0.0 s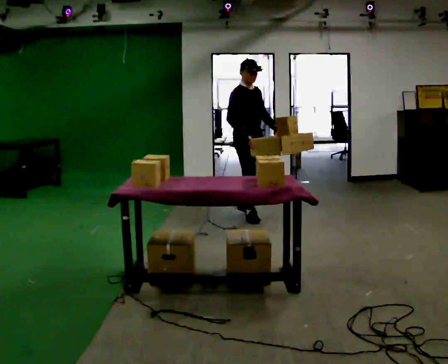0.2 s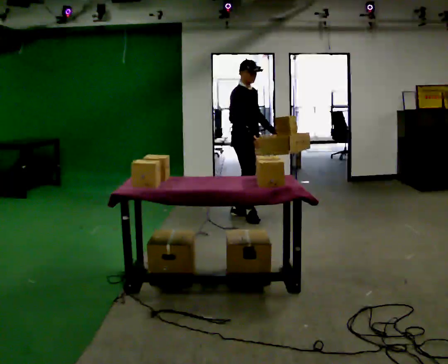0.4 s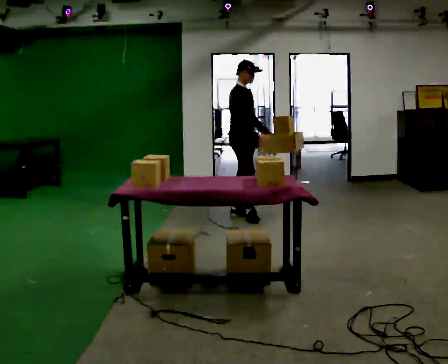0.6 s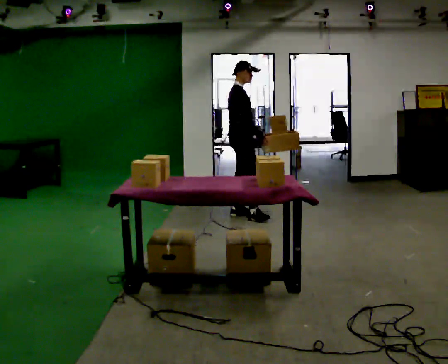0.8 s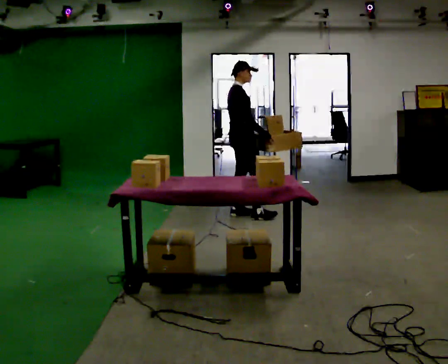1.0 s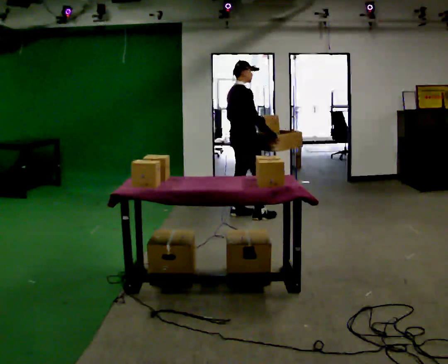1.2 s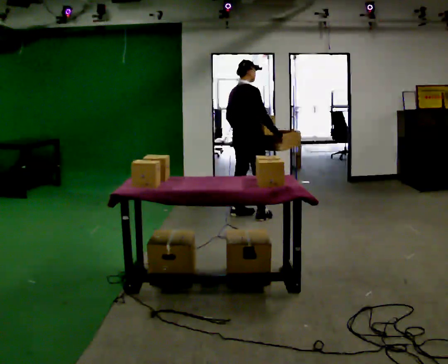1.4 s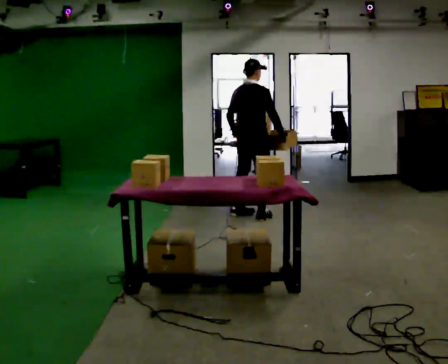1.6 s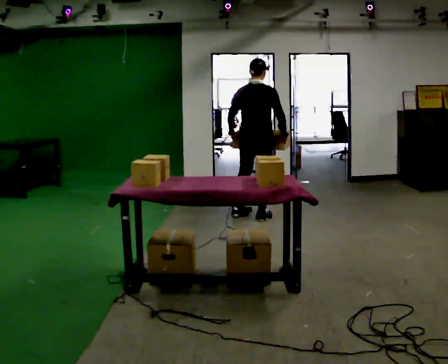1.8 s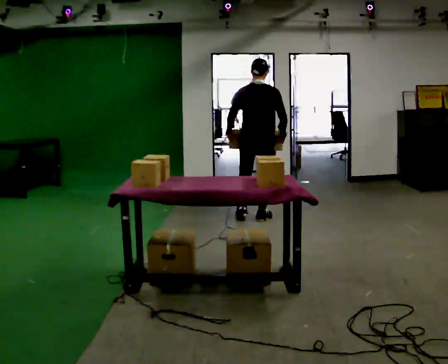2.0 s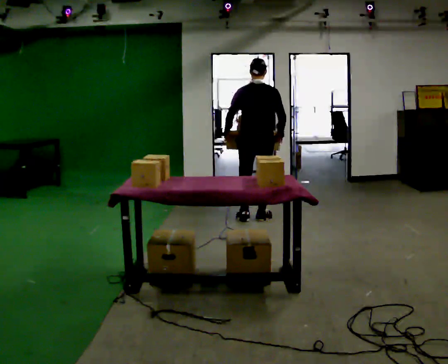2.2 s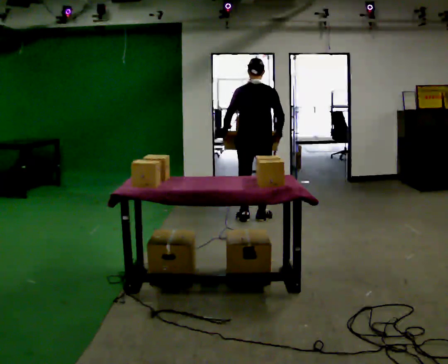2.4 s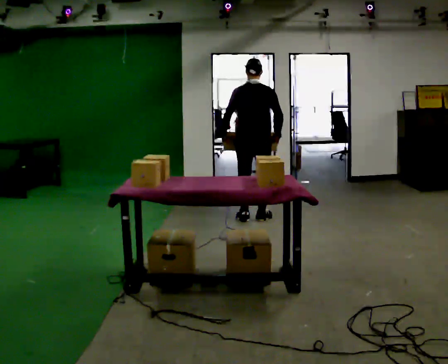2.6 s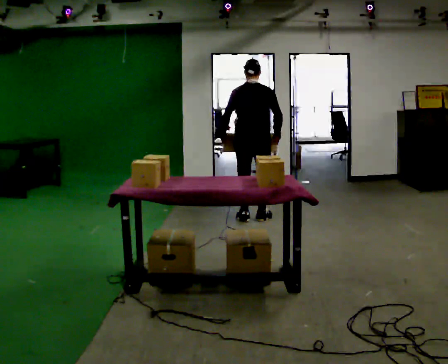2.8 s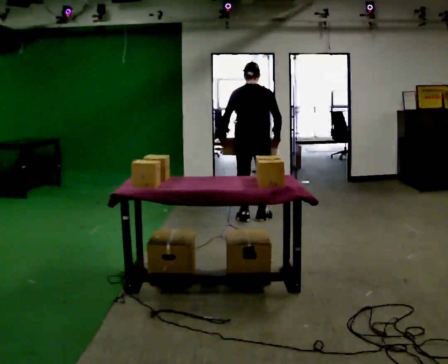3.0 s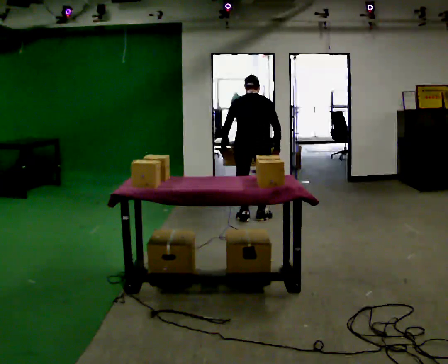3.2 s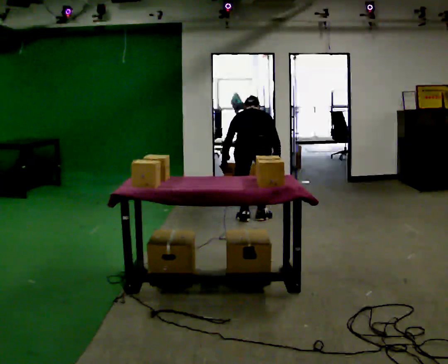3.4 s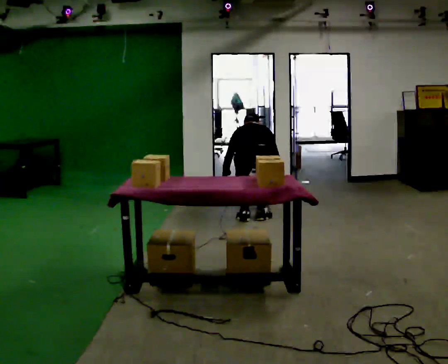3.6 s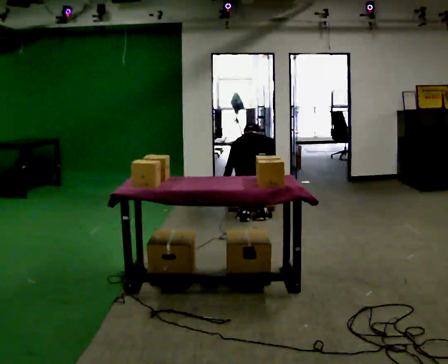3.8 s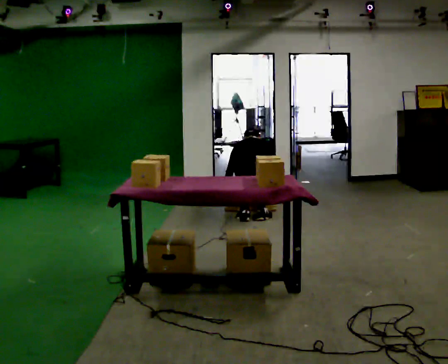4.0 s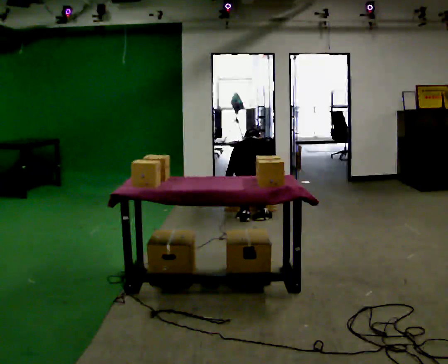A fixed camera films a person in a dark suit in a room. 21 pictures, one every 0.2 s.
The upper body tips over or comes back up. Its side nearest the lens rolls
upward.
The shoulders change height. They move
downward.
0.0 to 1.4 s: The part of the body nearest the lens slides to the right as the person turns to their left by about 90 degrees. In the picture their left hand goes to the left, the arm swinging clockwise.
1.4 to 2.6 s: The part of the body nearest the lens slides to the right as the person turns to their left by about 45 degrees.
2.6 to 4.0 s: The upper body goes downward. The upper body tips away from the camera, its near side rolling upward, as they bend forward. In the picture their right hand goes downward.
The film runs backward here.
